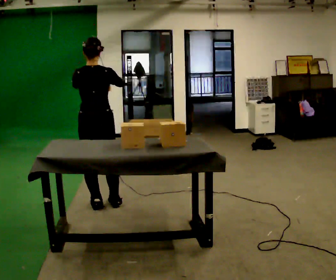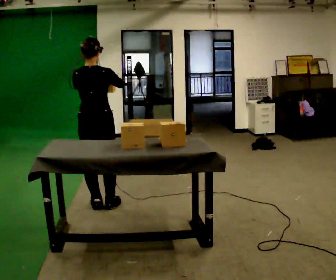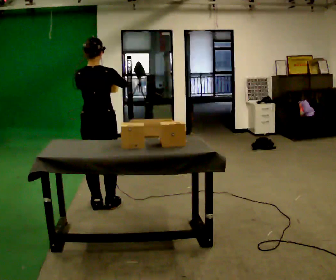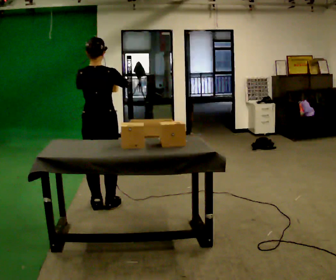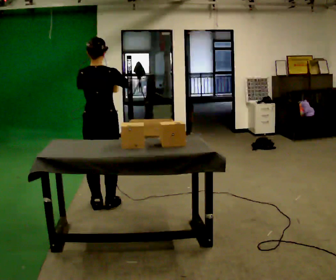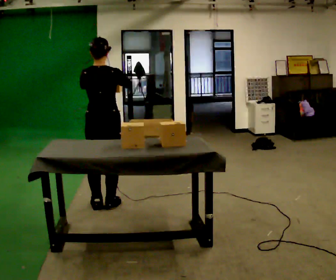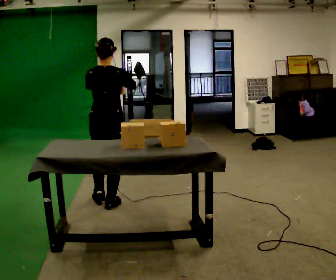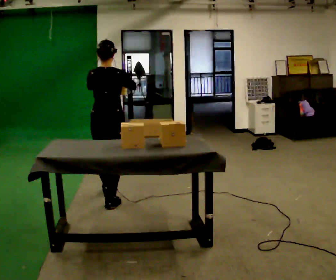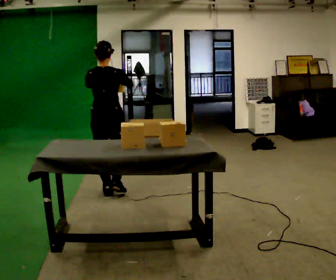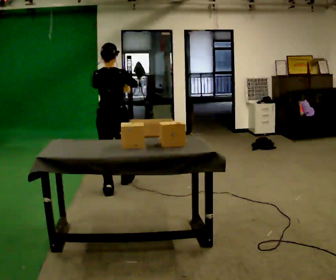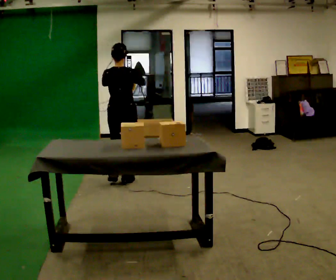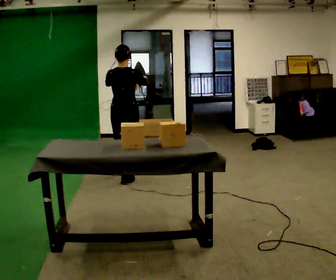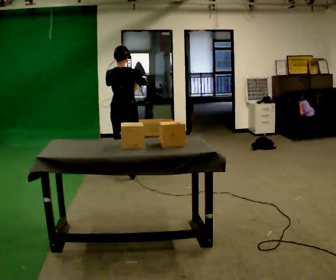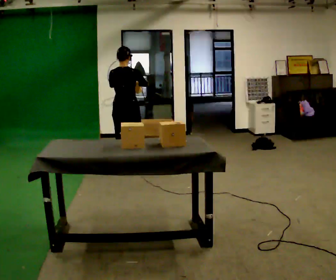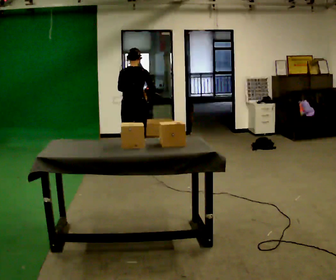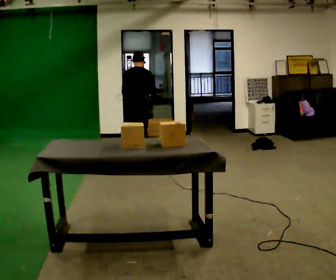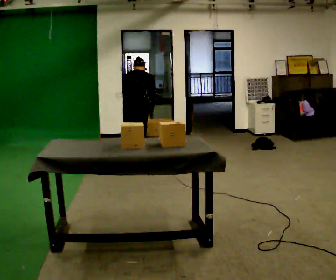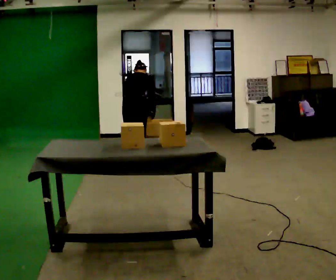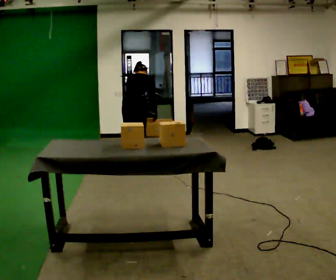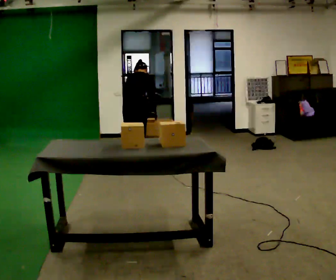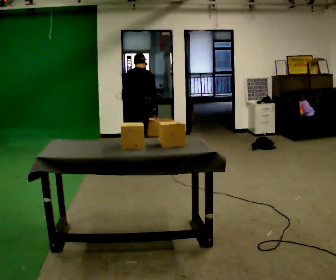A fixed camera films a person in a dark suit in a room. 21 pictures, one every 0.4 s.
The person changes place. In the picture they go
away from the camera.
0.0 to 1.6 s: The person moves a little, or ends about where they began.
1.6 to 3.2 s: In the picture they go away from the camera, about 0.5 m in 1 step, which for them is forward.
3.2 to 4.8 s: In the picture they go away from the camera, about 0.5 m in 2 steps, which for them is forward.
4.8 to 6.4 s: In the picture they go away from the camera, about 0.5 m in 2 steps, which for them is forward. The upper body tips away from the camera, its near side rolling upward, as they bend forward. In the picture their right hand goes downward.
6.4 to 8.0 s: The person moves a little, or ends about where they began.
The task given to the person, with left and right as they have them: Take the objects the operator names off the crowded shelf, one at a time, and carry each one to the table. You will have to move other things out of the way to reach them. Keep going until the operator says stop; one object at a time, and do not rush between trips.
The film runs forward here.
